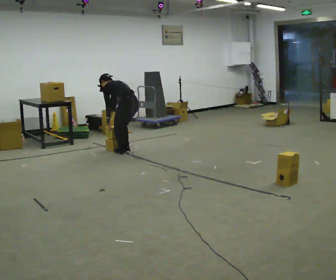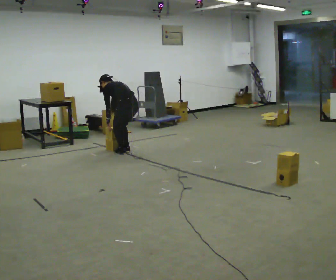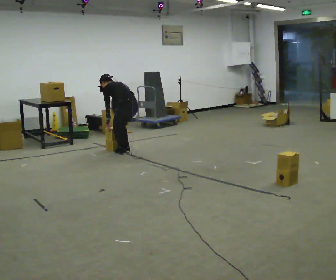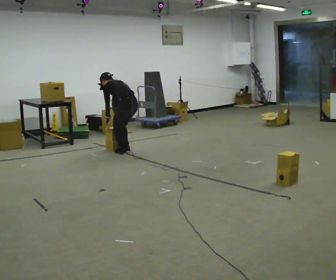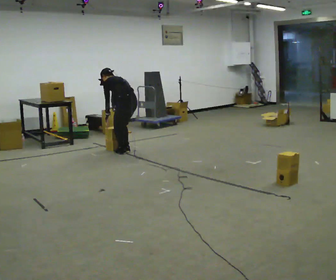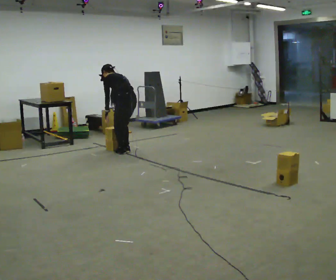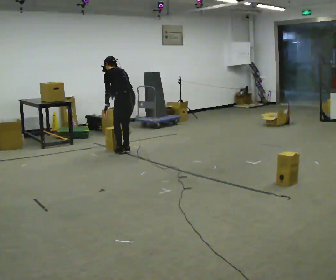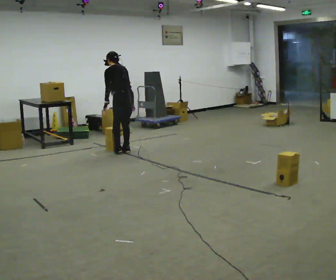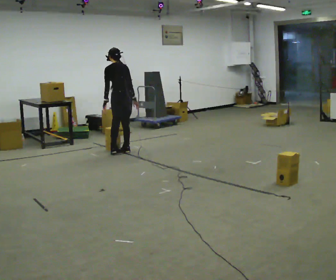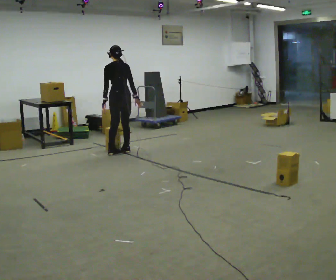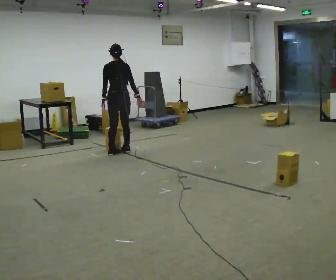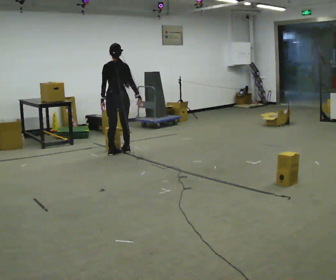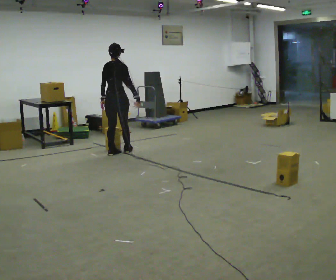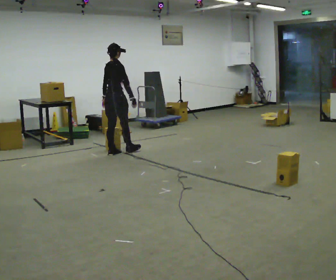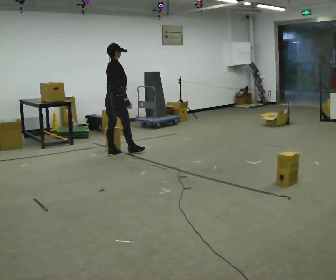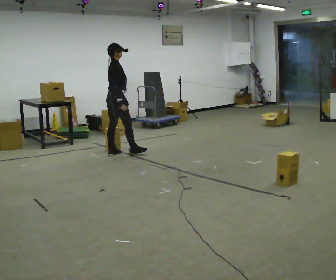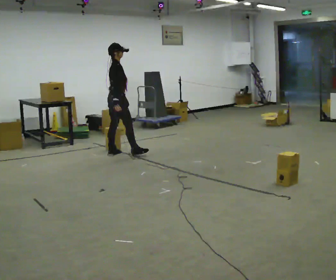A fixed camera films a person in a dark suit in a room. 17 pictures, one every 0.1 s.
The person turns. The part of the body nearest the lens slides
to the left.
The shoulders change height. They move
upward.
0.0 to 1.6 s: The part of the body nearest the lens slides to the left as the person turns to their right by about 120 degrees. In the picture they go to the left, about 0.25 m in 1 step. The upper body goes upward. The upper body tips toward the camera, its near side rolling downward, as they lean back or straighten. In the picture their right hand goes upward.
The film runs forward here.
